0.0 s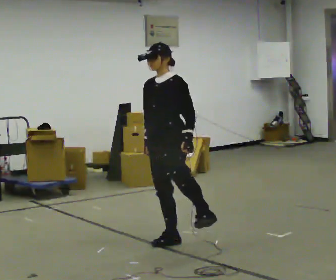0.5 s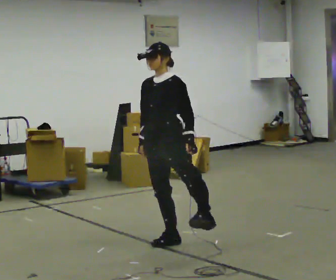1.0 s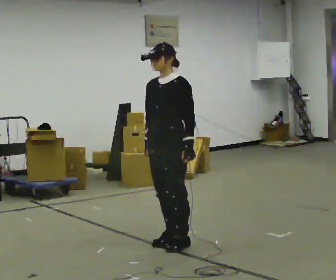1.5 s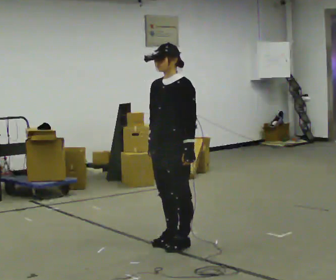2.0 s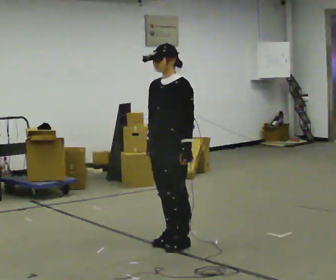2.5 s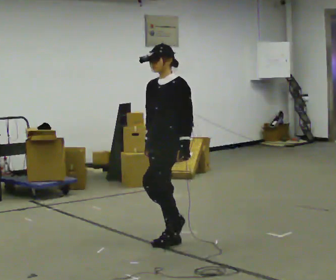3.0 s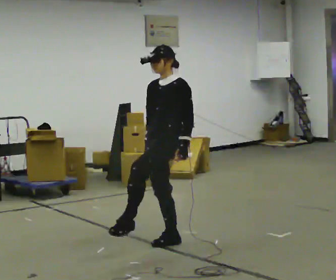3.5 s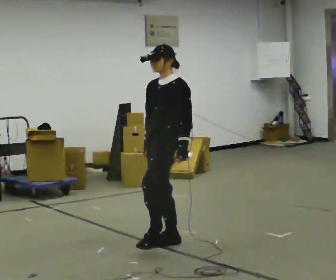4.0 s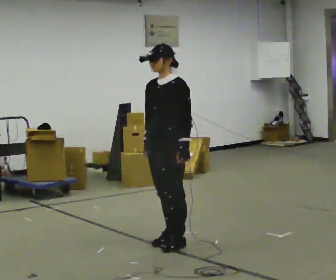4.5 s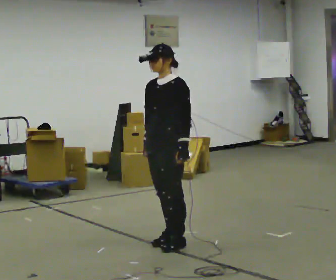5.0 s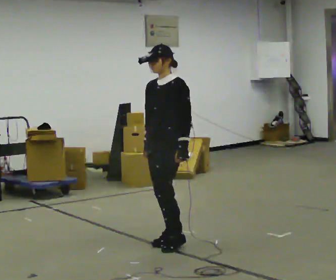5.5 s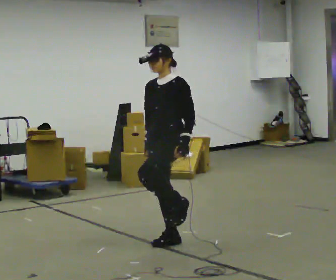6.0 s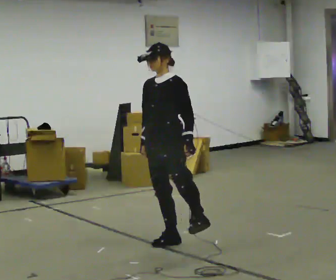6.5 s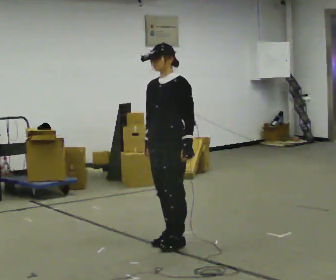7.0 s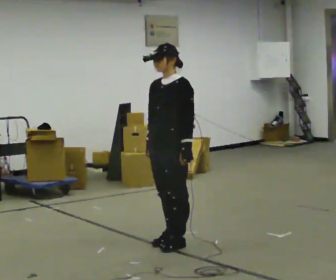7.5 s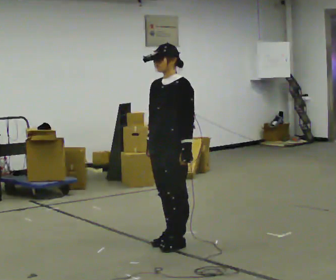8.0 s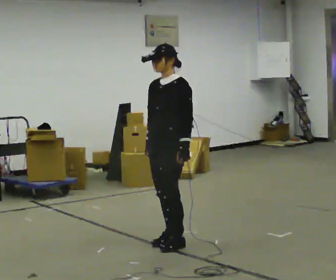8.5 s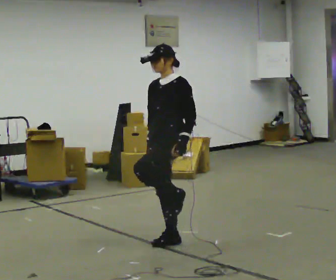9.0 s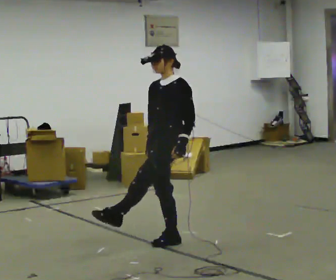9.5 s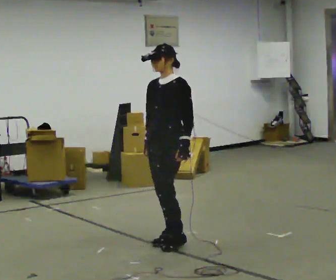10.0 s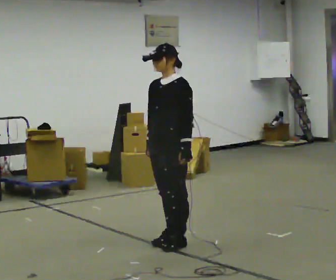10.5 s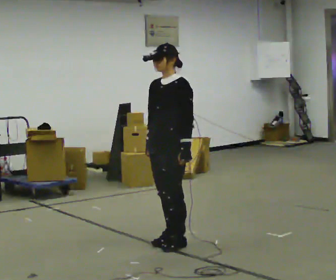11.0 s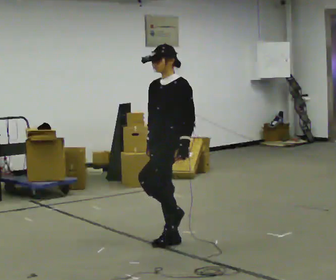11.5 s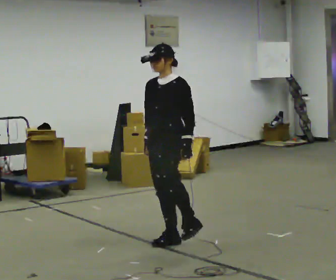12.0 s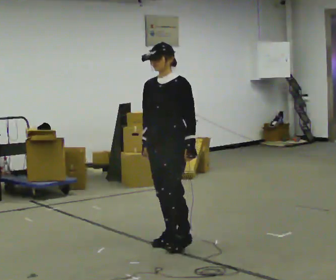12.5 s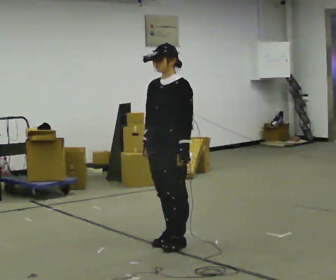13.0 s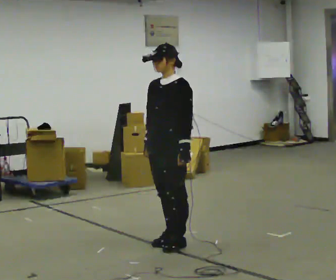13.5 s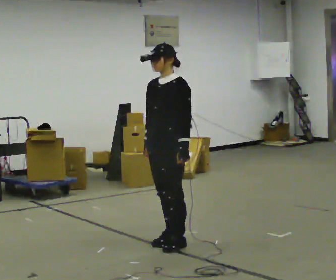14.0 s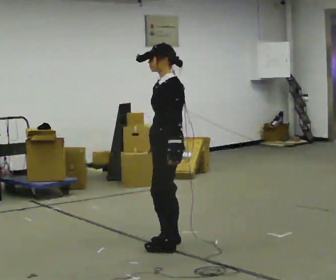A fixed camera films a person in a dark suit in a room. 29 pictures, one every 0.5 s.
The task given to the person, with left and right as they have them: Kick into the air with each leg in turn, front kicks and side kicks, at a comfortable height. Repeat the movement at your own pace until the operator says stop; do not rush.
0.0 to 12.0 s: The person moves a little, or ends about where they began.
12.0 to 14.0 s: Seen from above the body turns clockwise, about 45 degrees: to their right, with its near side sliding to the left.
The film runs forward here.
